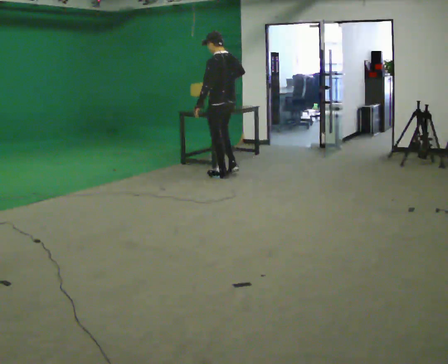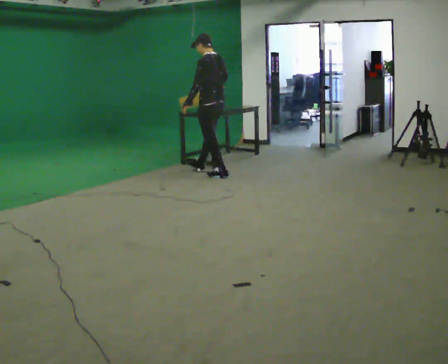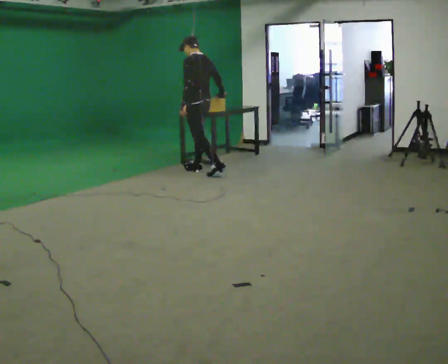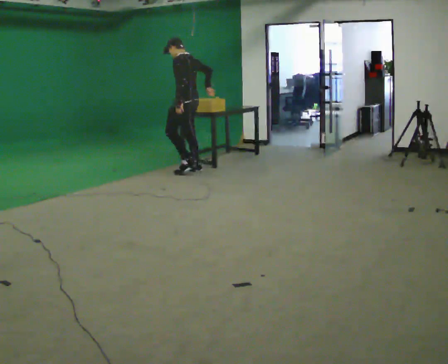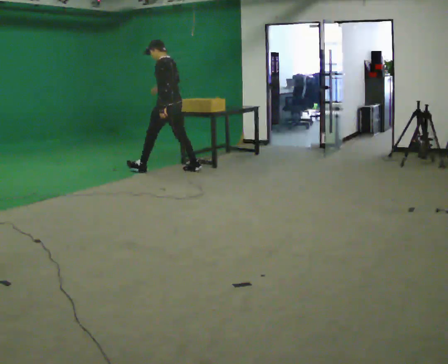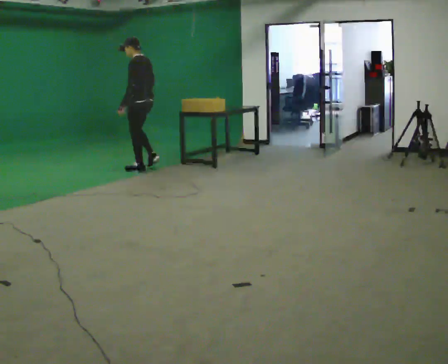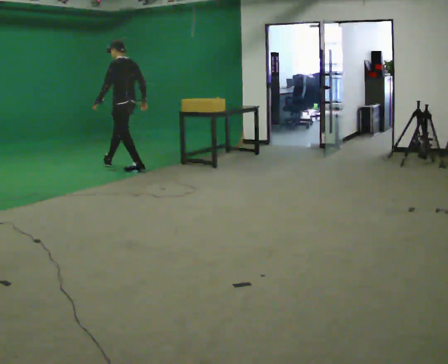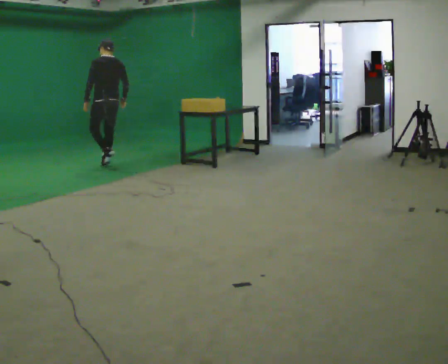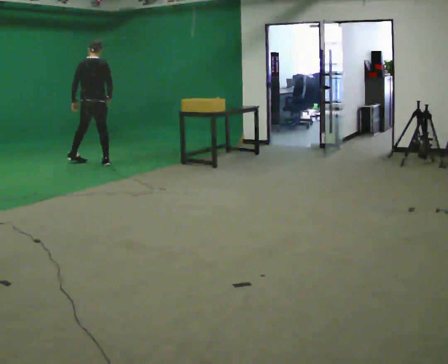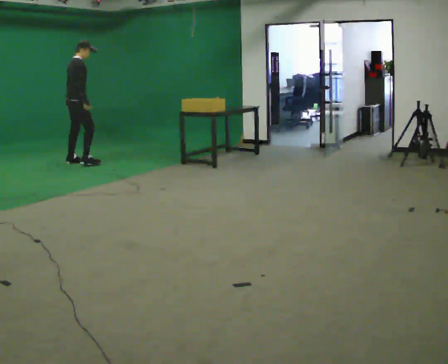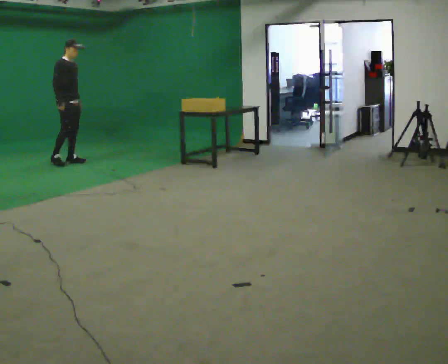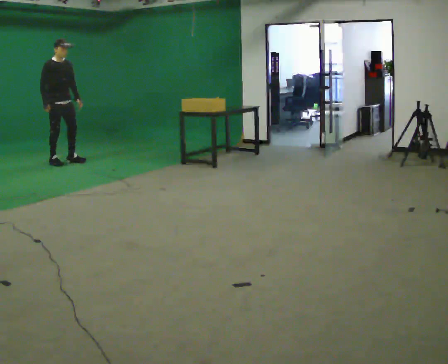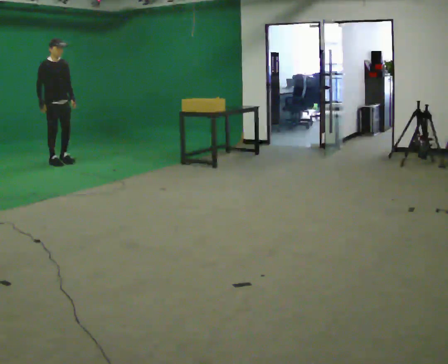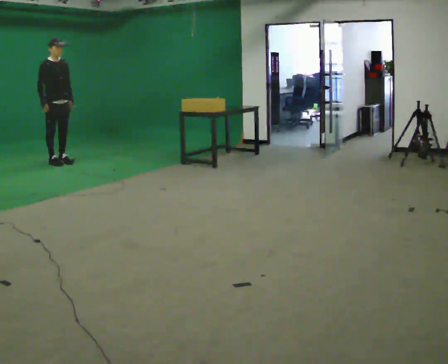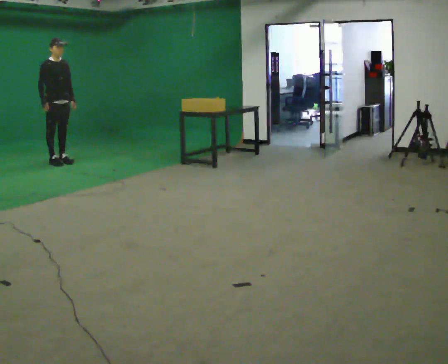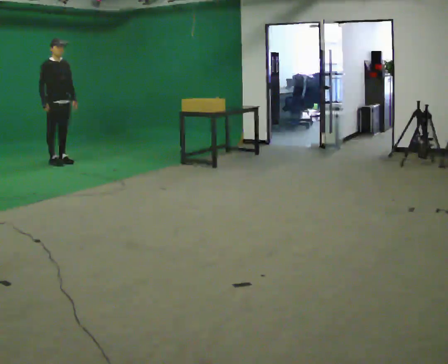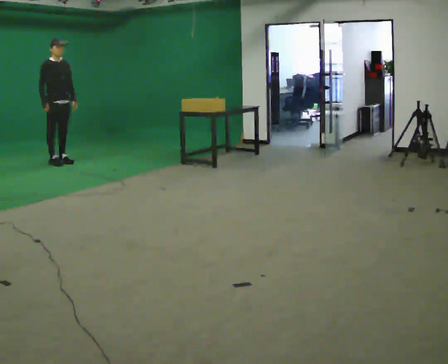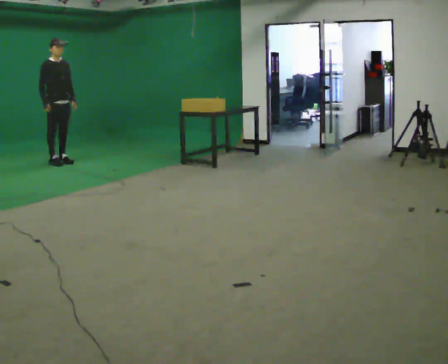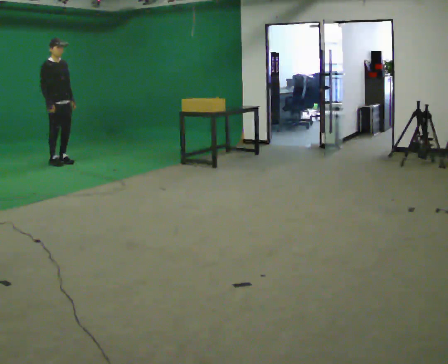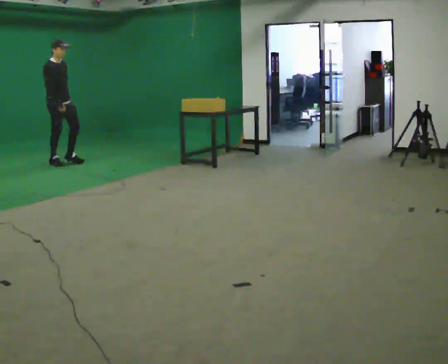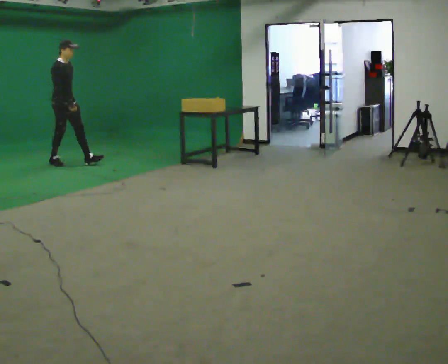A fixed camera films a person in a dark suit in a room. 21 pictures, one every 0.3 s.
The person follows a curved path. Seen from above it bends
counterclockwise.
The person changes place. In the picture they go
to the left.
0.0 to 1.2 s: In the picture they go to the left and away from the camera, about 1 m in 1 step, which for them is forward.
1.2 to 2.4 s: Seen from above the body turns clockwise, about 90 degrees: to their right, with its near side sliding to the left. In the picture they go to the left and away from the camera, about 1 m in 2 steps.
2.4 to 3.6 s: The person turns about 120 degrees to their right, clockwise seen from above, so the part of the body nearest the lens slides to the left. In the picture they go to the left, about 0.5 m in 2 steps.
3.6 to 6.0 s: The part of the body nearest the lens slides to the right as the person turns to their left by about 30 degrees. In the picture their right hand goes to the right.
The film runs forward here.
